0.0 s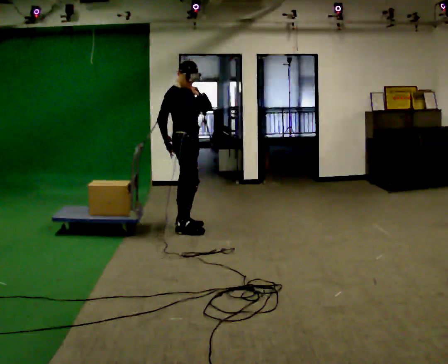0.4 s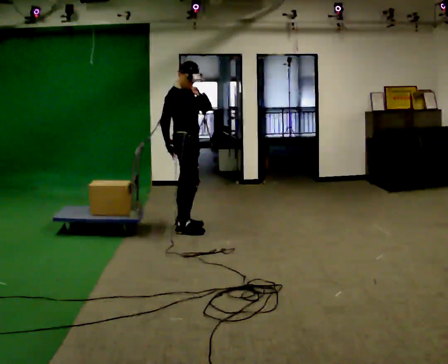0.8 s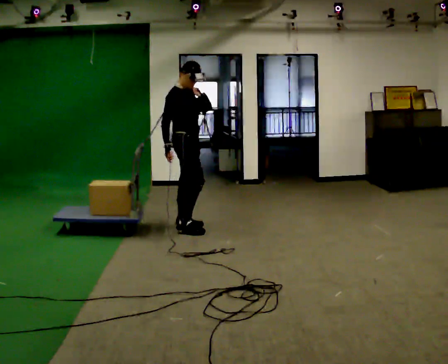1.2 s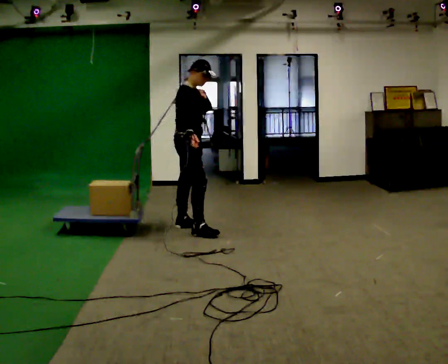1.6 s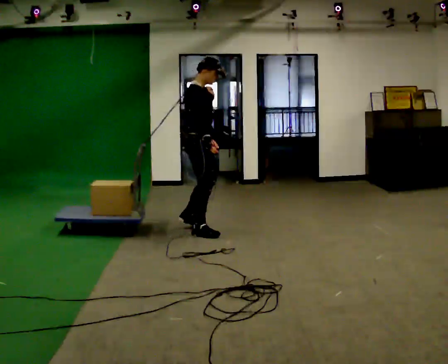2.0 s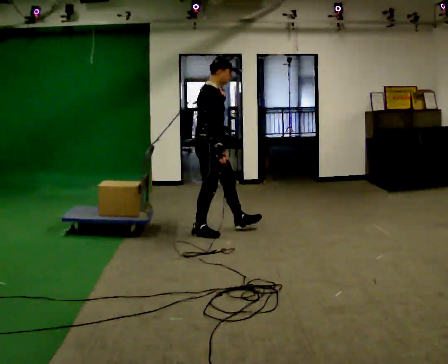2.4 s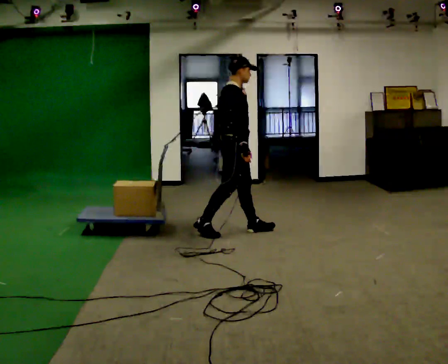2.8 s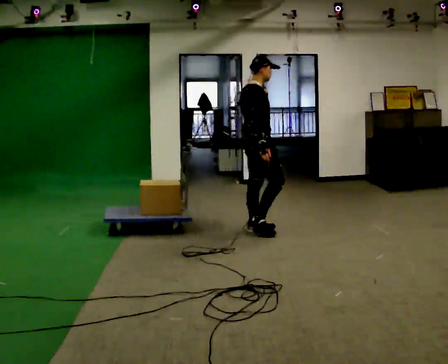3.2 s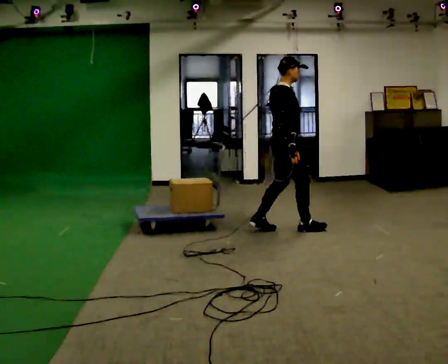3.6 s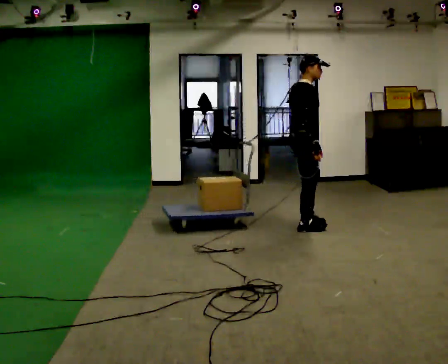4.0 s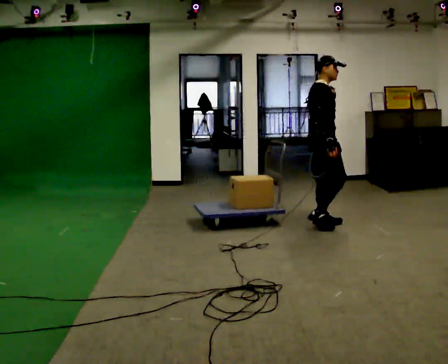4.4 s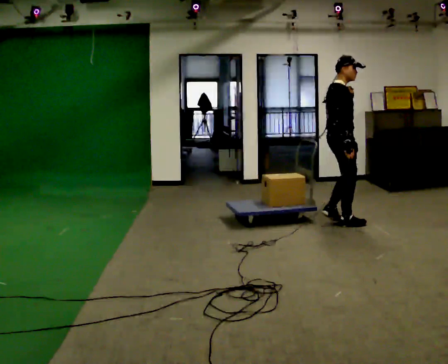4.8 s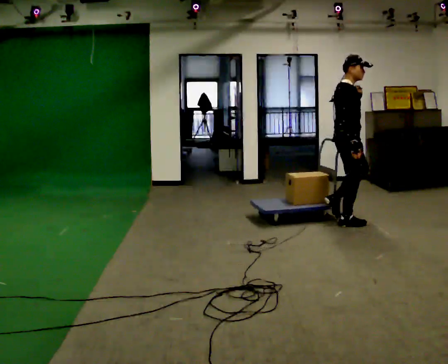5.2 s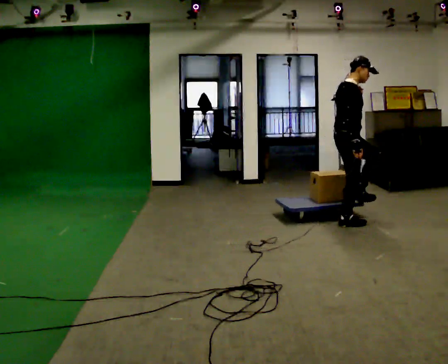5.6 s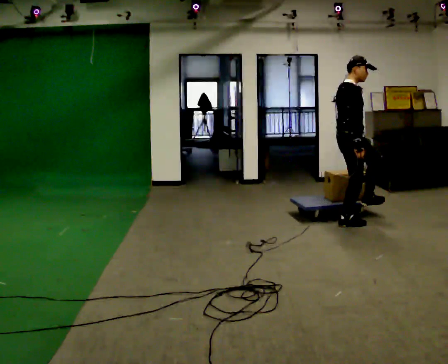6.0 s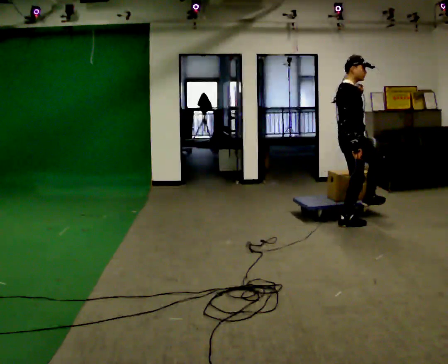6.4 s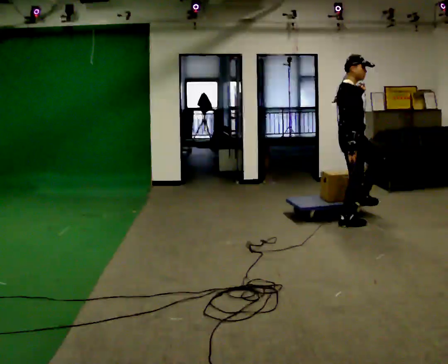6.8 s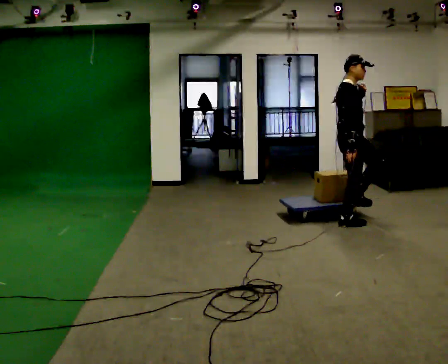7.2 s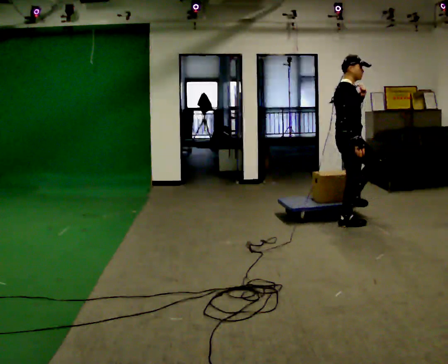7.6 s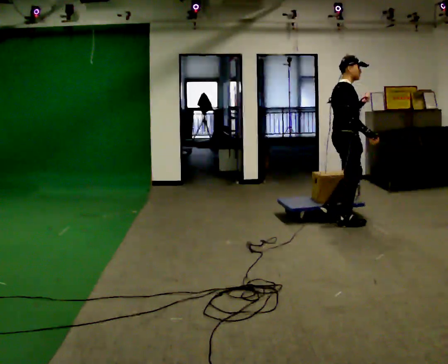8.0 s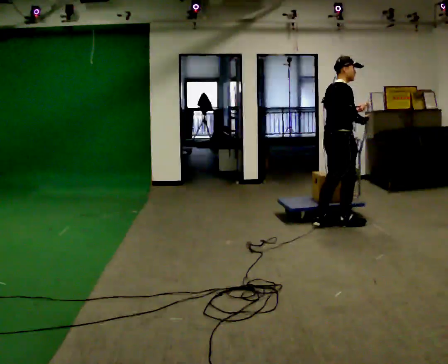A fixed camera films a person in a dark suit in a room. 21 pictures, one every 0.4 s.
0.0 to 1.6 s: In the picture they go toward the camera and to the right, about 0.25 m, which for them is to their right and forward.
1.6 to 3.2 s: In the picture they go to the right, about 1 m in 2 steps, which for them is forward.
3.2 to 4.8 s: In the picture they go to the right, about 0.75 m in 3 steps, which for them is forward.
4.8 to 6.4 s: The person moves a little, or ends about where they began.
6.4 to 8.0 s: The part of the body nearest the lens slides to the right as the person turns to their left by about 30 degrees.
The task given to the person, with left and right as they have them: Put the rope over your shoulder and drag the sled across the room. Keep going until the operator says stop.
The film runs forward here.
